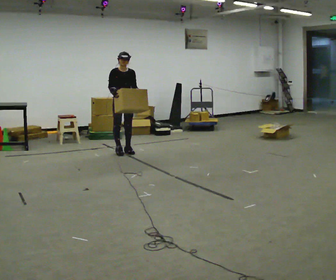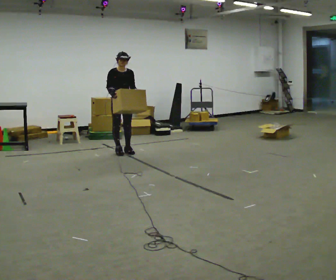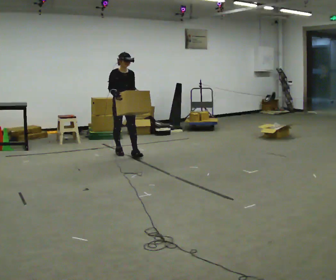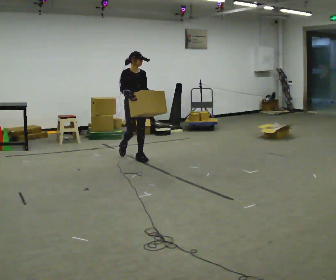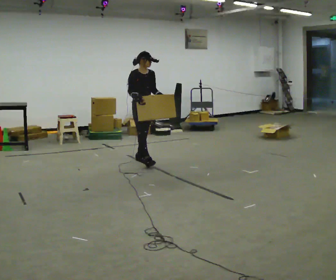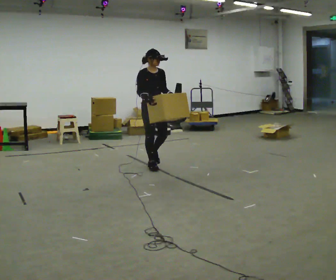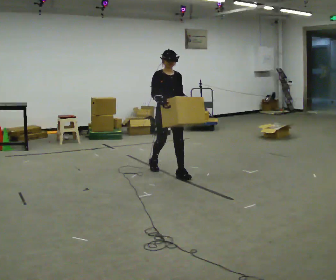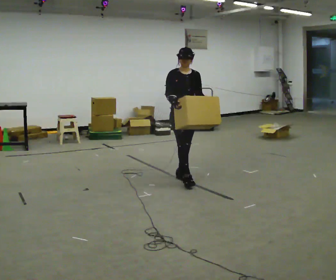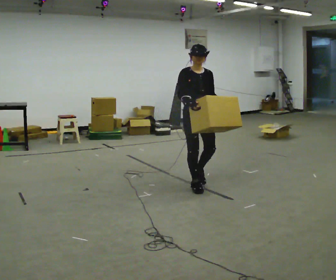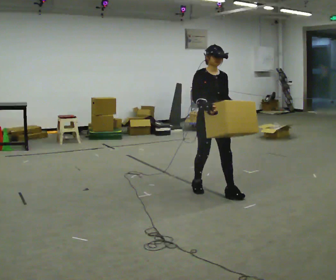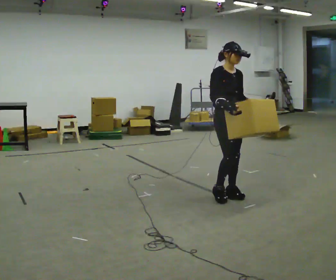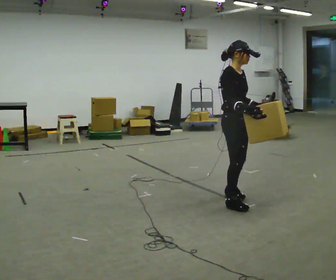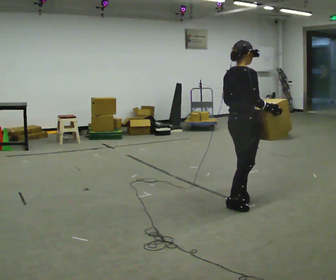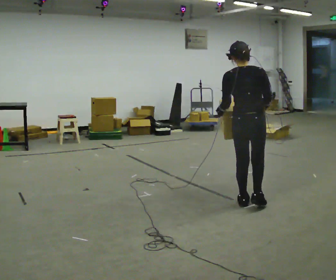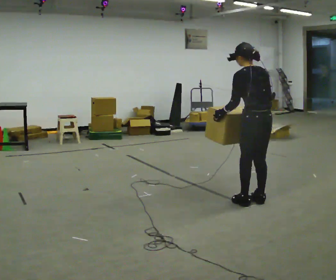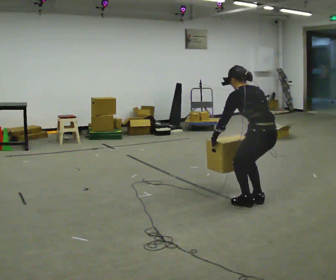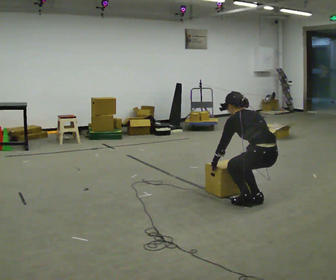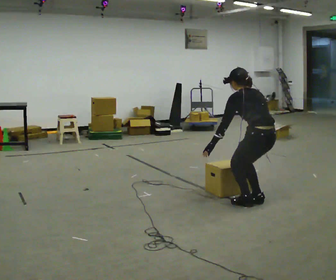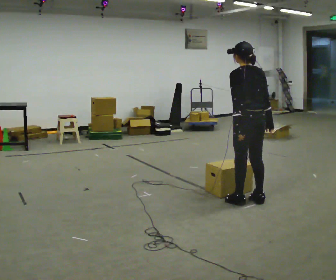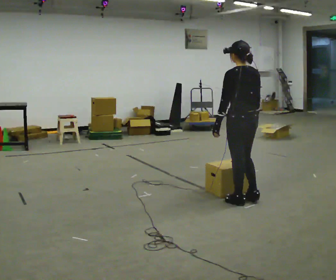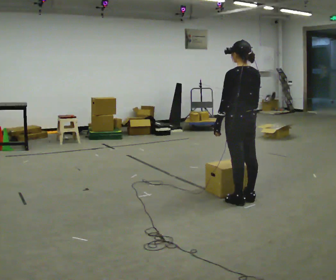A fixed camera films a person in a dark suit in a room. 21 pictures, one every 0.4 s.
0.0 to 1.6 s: In the picture they go to the right and toward the camera, about 0.75 m in 1 step, which for them is forward.
1.6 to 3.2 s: In the picture they go toward the camera and to the right, about 1.5 m in 3 steps, which for them is forward.
3.2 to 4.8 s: Seen from above the body turns counterclockwise, about 90 degrees: to their left, with its near side sliding to the right. In the picture they go to the right and toward the camera, about 0.5 m in 3 steps.
4.8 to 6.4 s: Seen from above the body turns counterclockwise, about 90 degrees: to their left, with its near side sliding to the right. In the picture they go to the right, about 0.25 m in 1 step. The shoulders move downward. In the picture the upper body tilts counterclockwise, shoulders to the left, as they bend forward. In the picture their right hand goes downward.
6.4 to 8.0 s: In the picture they go to the left, about 0.25 m, which for them is forward. The upper body goes upward. The upper body tips toward the camera, its near side rolling downward, as they lean back or straighten. In the picture their left hand goes upward.
The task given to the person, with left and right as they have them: Carry the box across the room while freely looking around at the walls, ceiling and floor. Keep going until the operator says stop; one object at a time, and do not rush between trips.
The film runs forward here.
